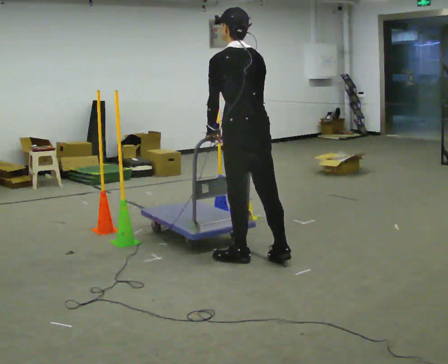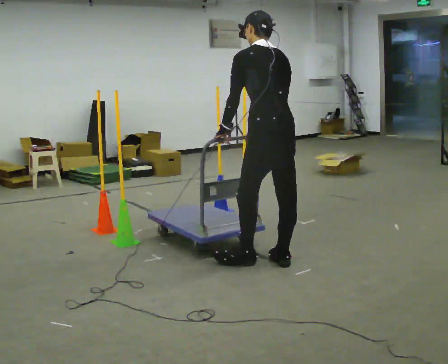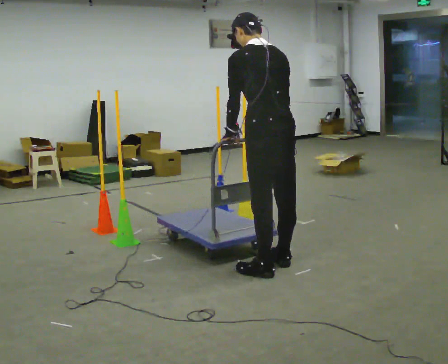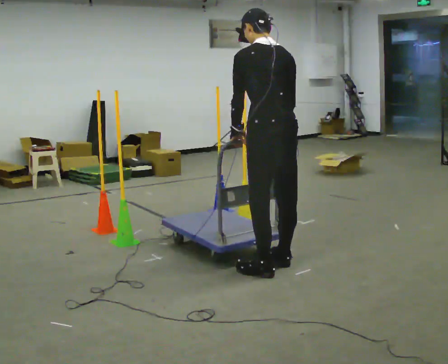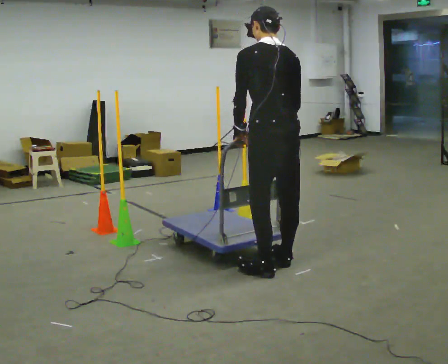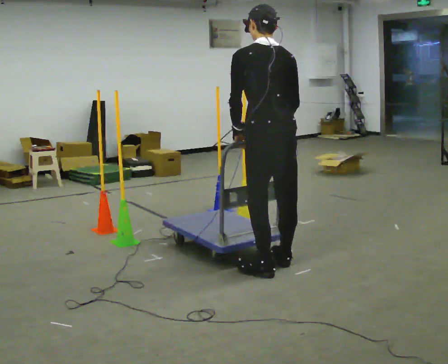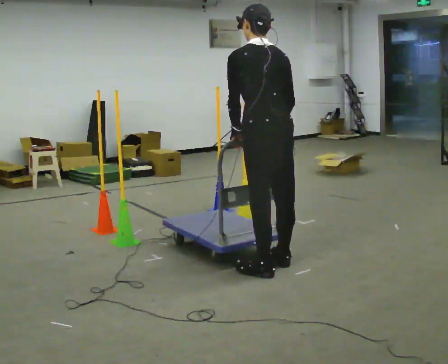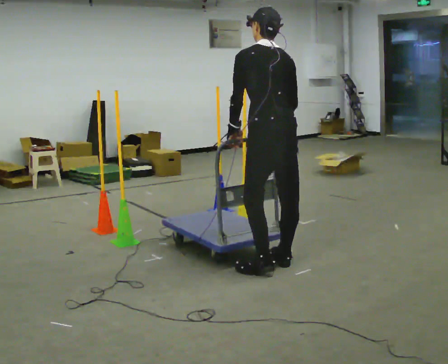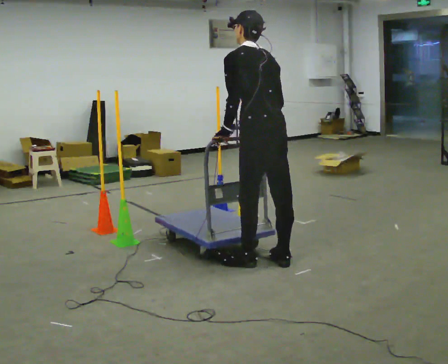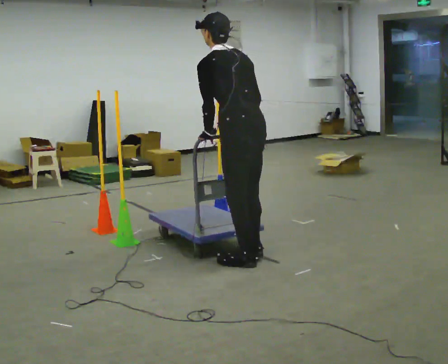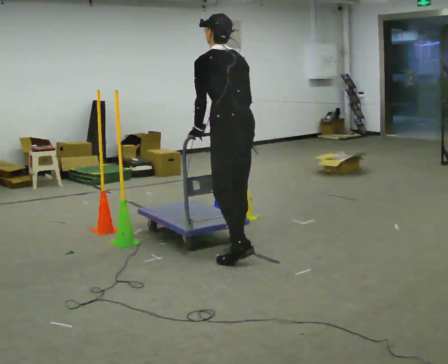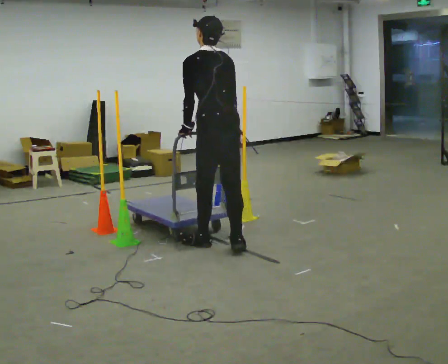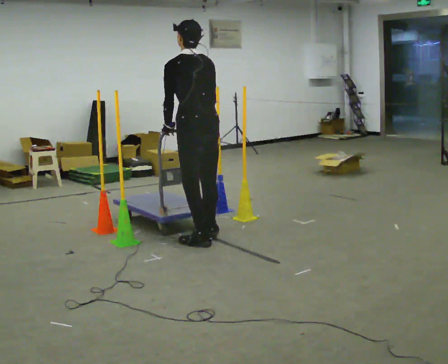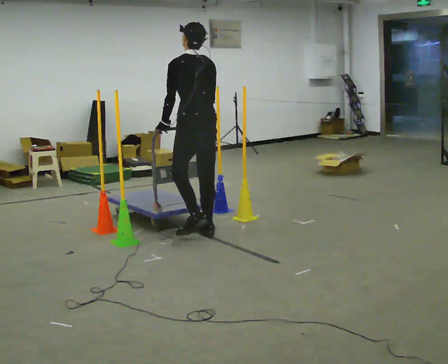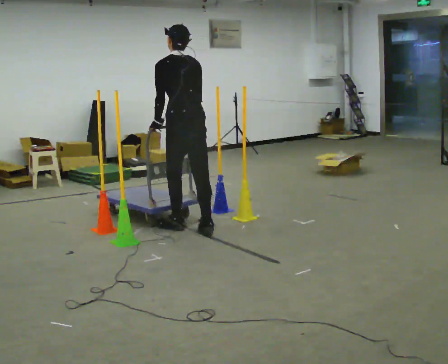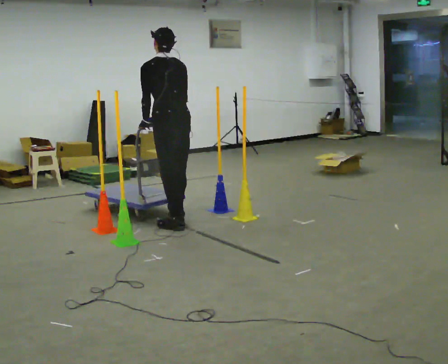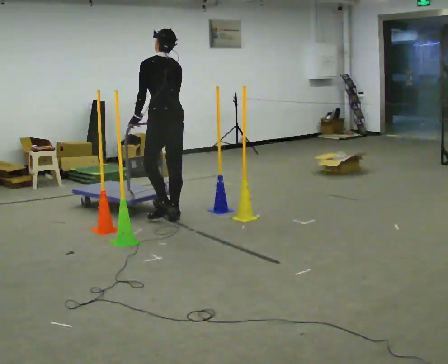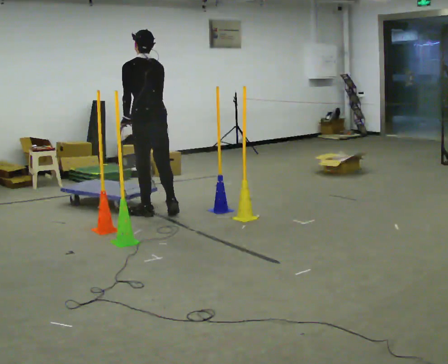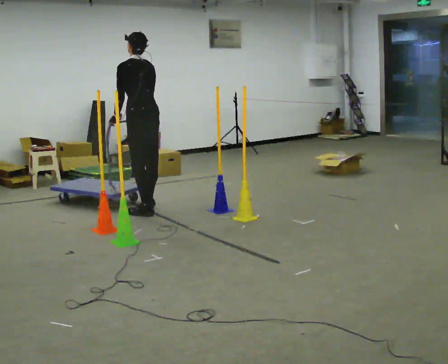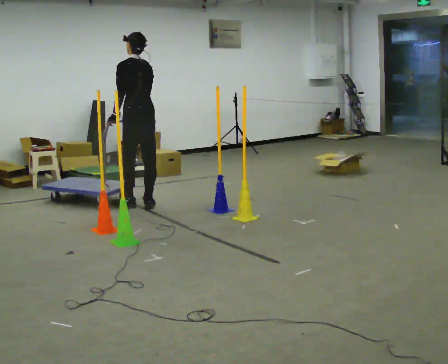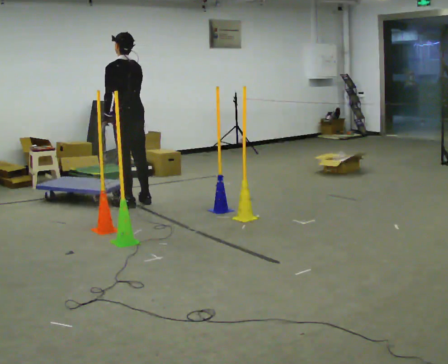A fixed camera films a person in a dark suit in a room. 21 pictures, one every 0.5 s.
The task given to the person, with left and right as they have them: Push the cart in and out of the line of poles without touching any of them. Keep going until the operator says stop.
0.0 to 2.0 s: In the picture they go toward the camera and to the right, about 0.25 m in 1 step, which for them is backward.
2.0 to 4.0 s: In the picture they go away from the camera, about 0.25 m in 1 step, which for them is forward.
4.0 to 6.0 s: In the picture they go away from the camera and to the left, about 0.5 m in 2 steps, which for them is forward.
6.0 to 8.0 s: In the picture they go away from the camera and to the left, about 1 m in 3 steps, which for them is forward.
8.0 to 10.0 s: In the picture they go to the left and away from the camera, about 0.5 m in 3 steps, which for them is forward.
The film runs forward here.
